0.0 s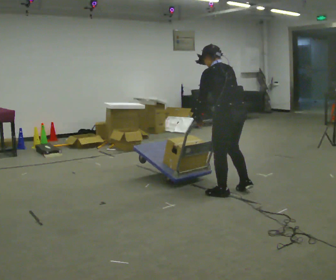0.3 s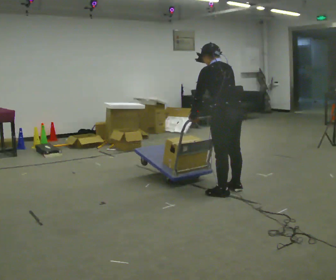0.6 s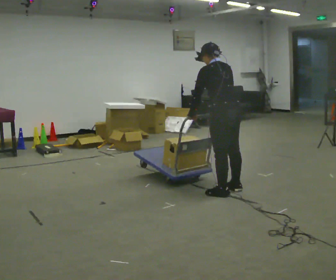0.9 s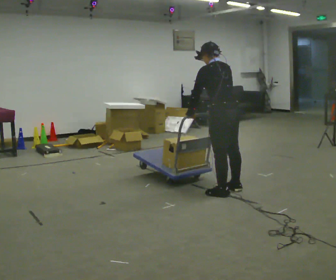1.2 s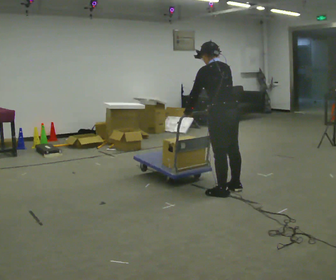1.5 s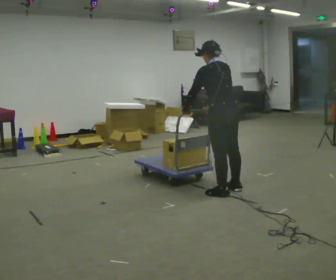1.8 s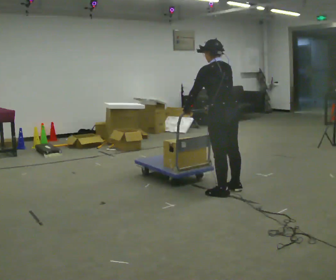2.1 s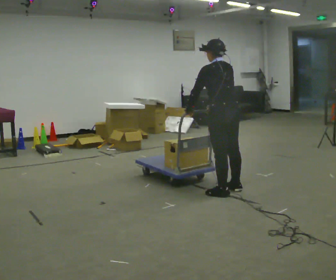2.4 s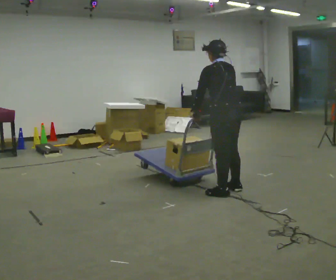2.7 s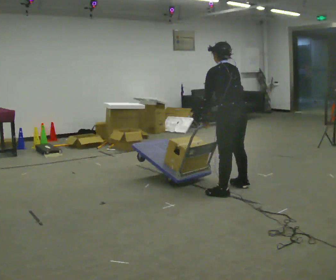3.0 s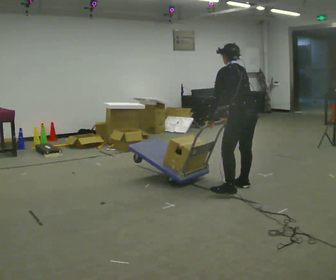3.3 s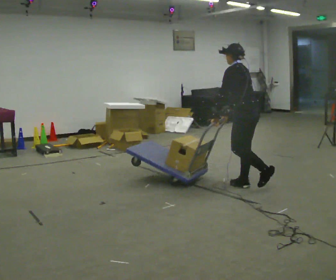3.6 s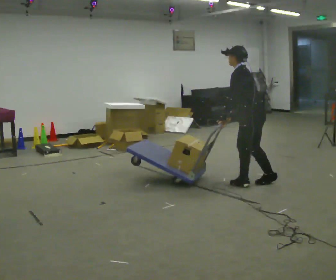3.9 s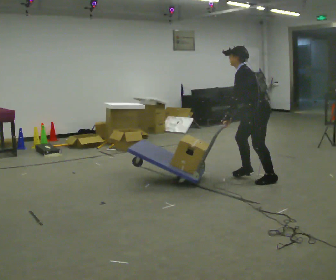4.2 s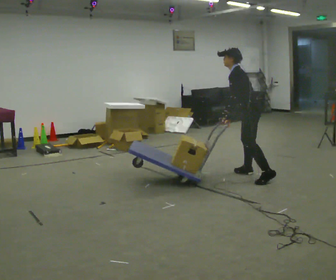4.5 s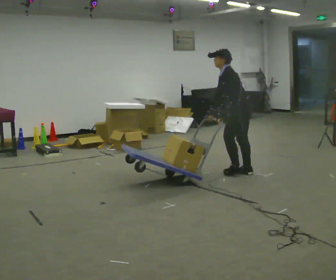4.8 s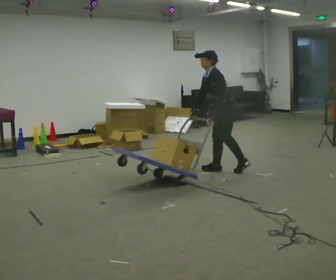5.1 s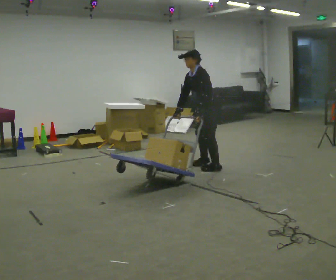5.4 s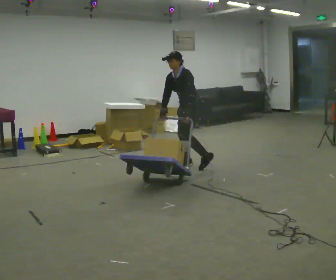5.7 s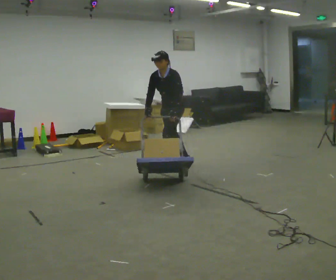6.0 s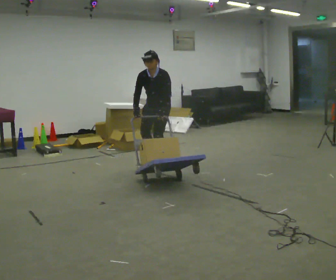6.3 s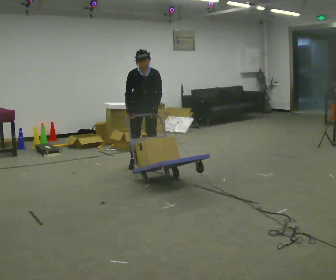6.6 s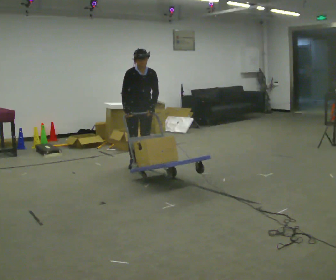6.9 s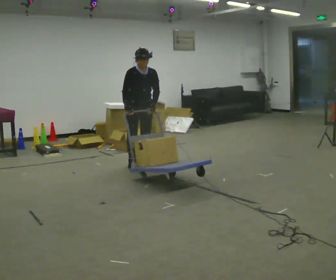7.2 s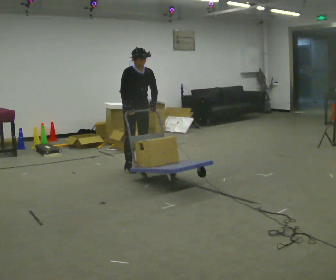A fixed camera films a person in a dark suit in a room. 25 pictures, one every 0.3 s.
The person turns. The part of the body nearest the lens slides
to the right.
The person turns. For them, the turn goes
to their left.
0.0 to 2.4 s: The person moves a little, or ends about where they began.
2.4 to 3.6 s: The part of the body nearest the lens slides to the right as the person turns to their left by about 45 degrees. In the picture they go away from the camera and to the right, about 0.5 m in 2 steps, which for them is to their right.
3.6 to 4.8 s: In the picture they go away from the camera and to the left, about 0.75 m in 2 steps, which for them is to their right and forward.
4.8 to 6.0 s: Seen from above the body turns counterclockwise, about 75 degrees: to their left, with its near side sliding to the right. In the picture they go to the left, about 1 m in 2 steps. In the picture the upper body tilts clockwise, shoulders to the right.
6.0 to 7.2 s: The part of the body nearest the lens slides to the right as the person turns to their left by about 60 degrees. In the picture they go to the left and toward the camera, about 0.25 m in 3 steps.
The film runs forward here.
